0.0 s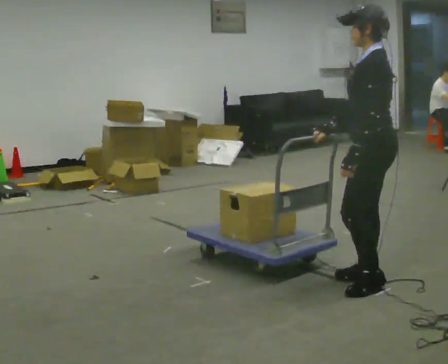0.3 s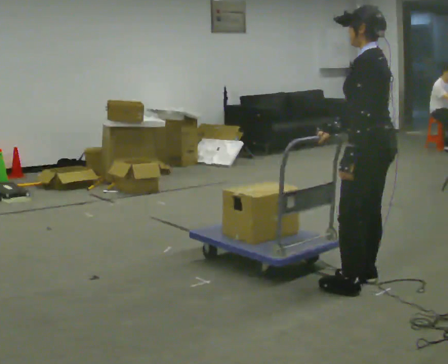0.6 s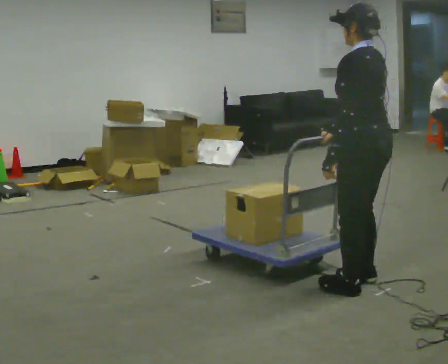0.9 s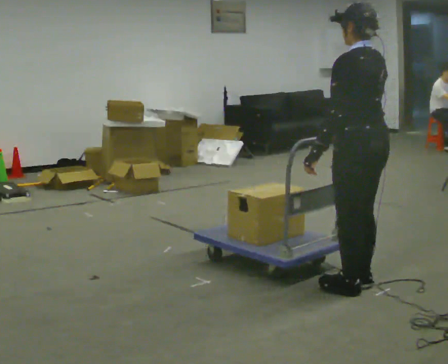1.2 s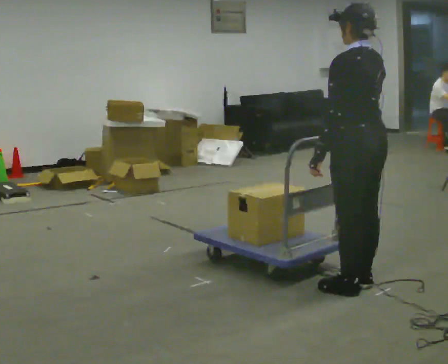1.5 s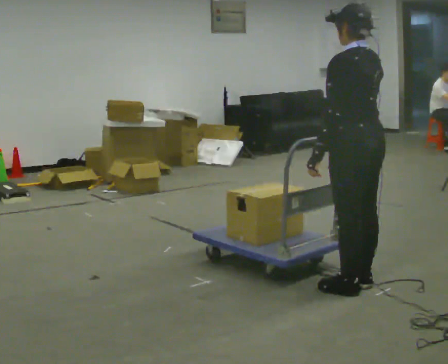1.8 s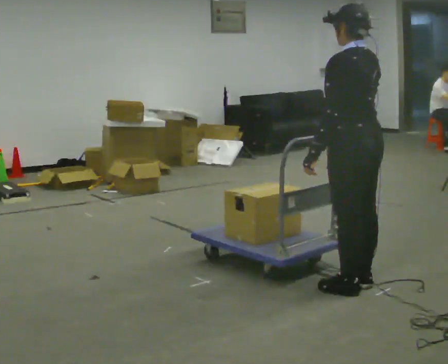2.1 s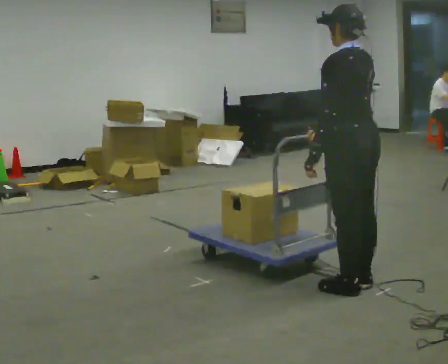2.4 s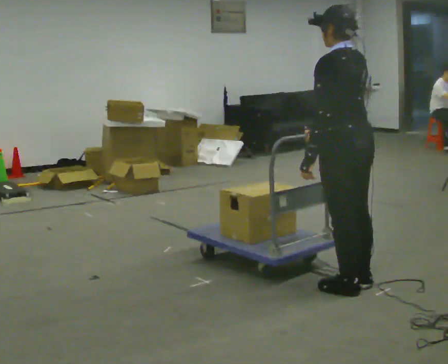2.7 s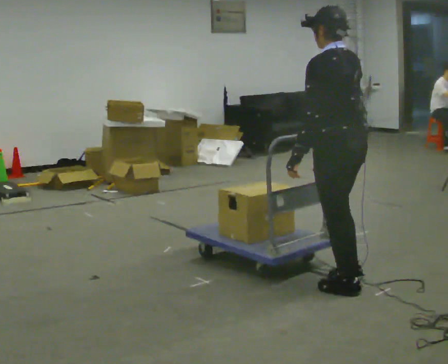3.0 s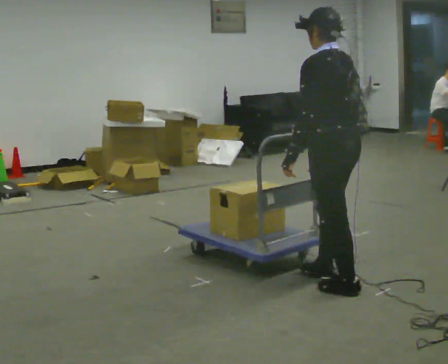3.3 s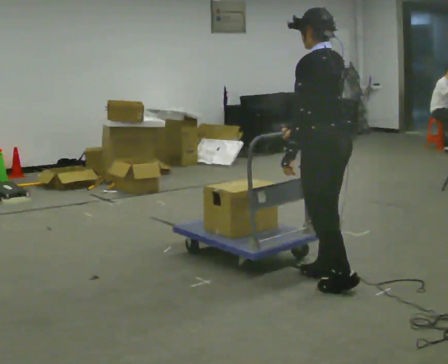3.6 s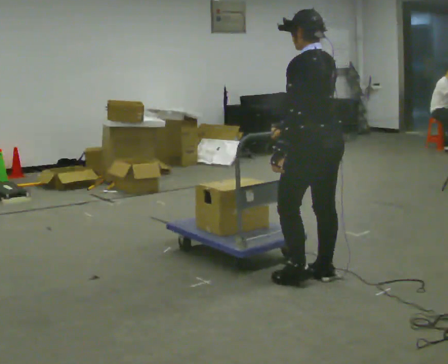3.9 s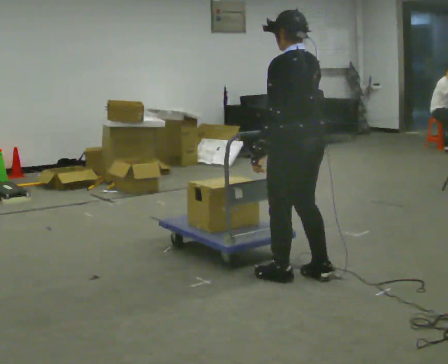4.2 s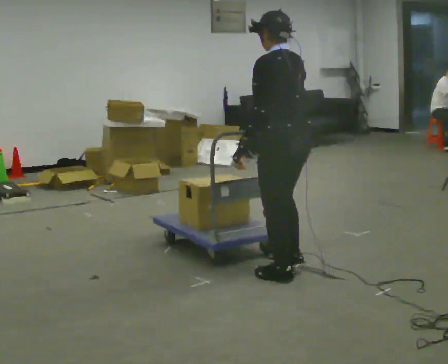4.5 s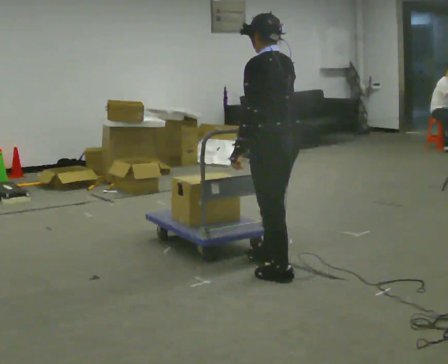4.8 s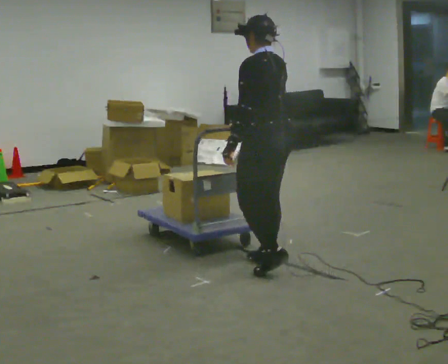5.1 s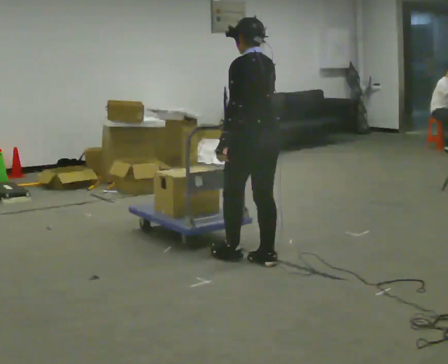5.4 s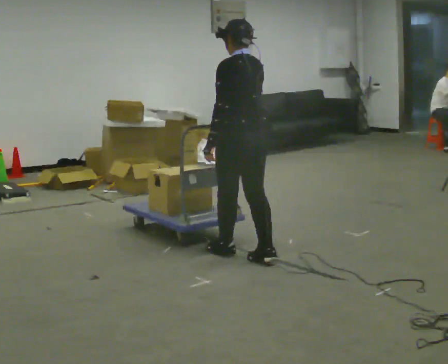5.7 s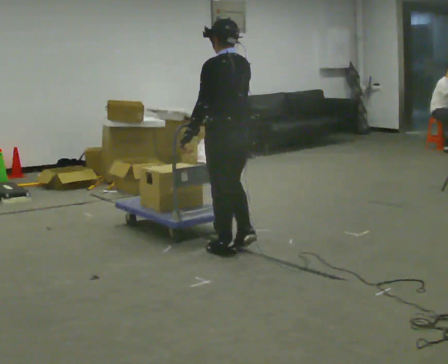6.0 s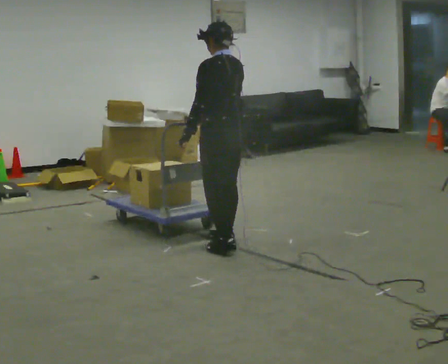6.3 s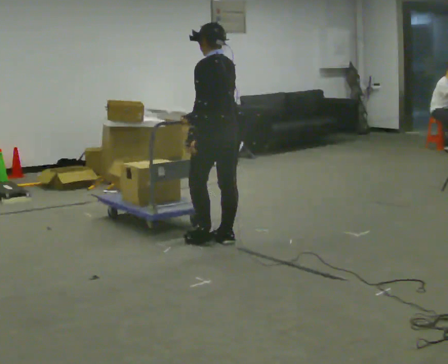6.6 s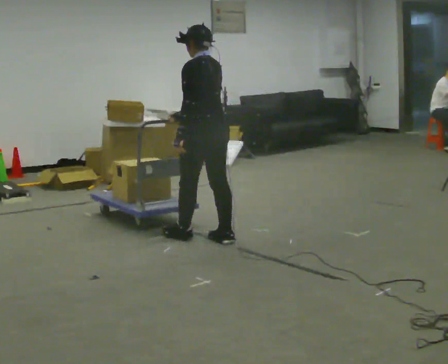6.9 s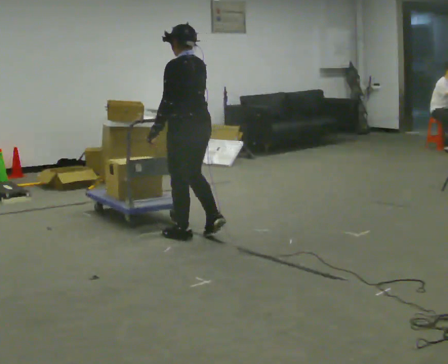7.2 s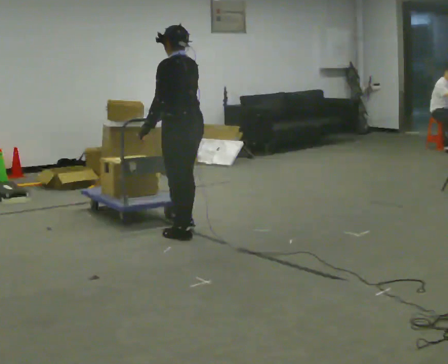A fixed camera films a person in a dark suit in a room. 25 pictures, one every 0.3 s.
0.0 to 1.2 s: The part of the body nearest the lens slides to the left as the person turns to their right by about 30 degrees.
1.2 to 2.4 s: The person moves a little, or ends about where they began.
2.4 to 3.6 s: In the picture they go to the left and away from the camera, about 0.25 m in 1 step, which for them is forward.
3.6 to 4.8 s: In the picture they go to the left and away from the camera, about 0.5 m in 2 steps, which for them is forward.
4.8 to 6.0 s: In the picture they go away from the camera and to the left, about 0.5 m in 2 steps, which for them is forward.
6.0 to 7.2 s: In the picture they go to the left and away from the camera, about 0.5 m in 1 step, which for them is forward.
The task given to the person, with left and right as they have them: Push the cart across the room using only the hand the operator calls. Keep your other arm at your side.
The film runs forward here.
